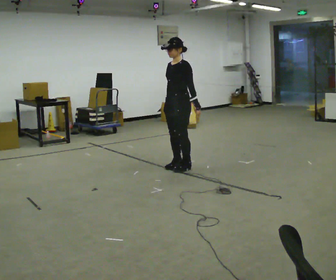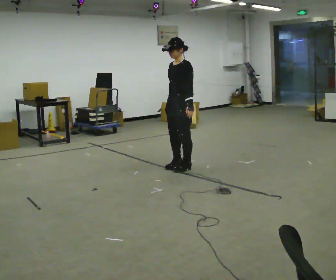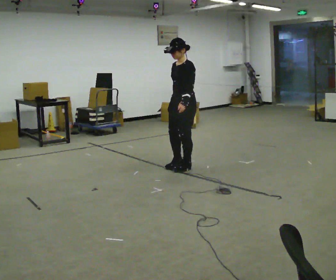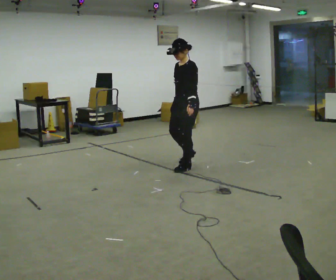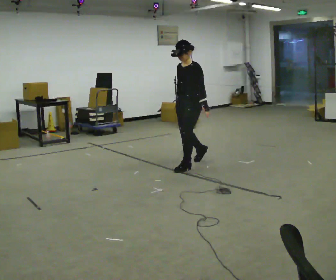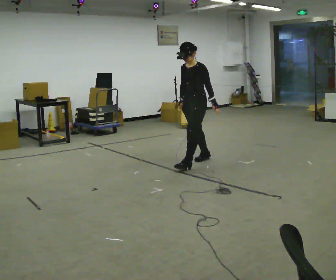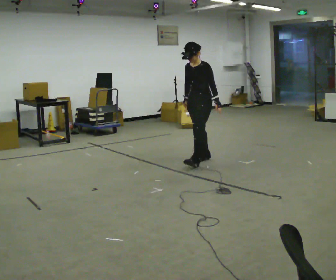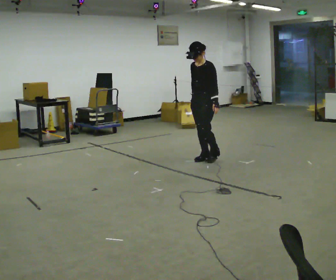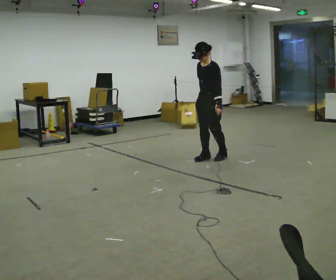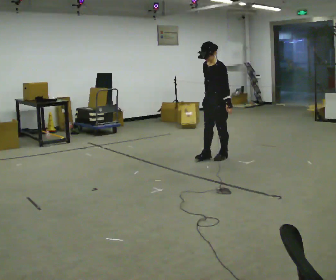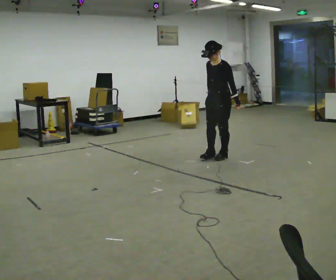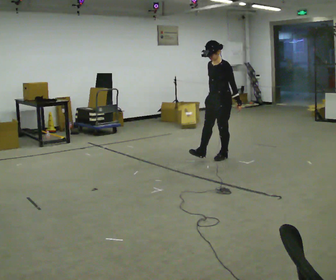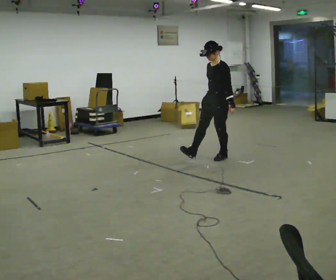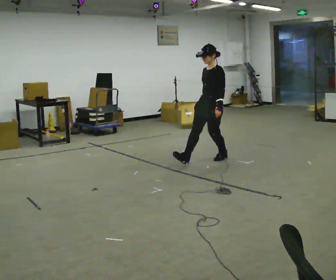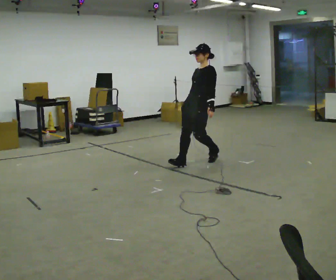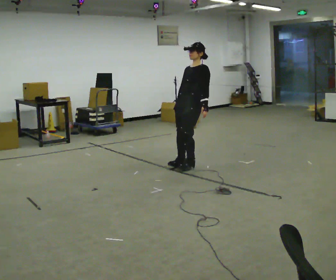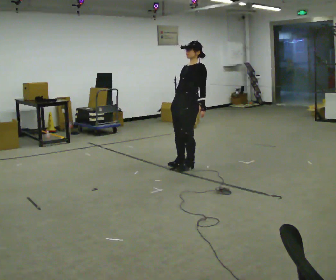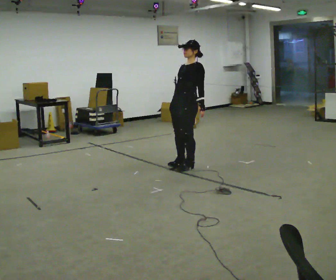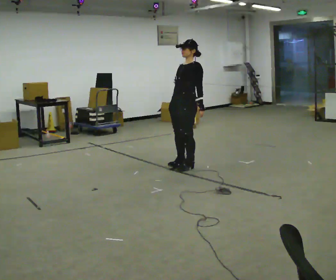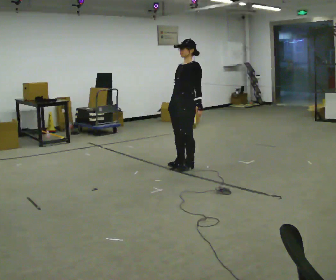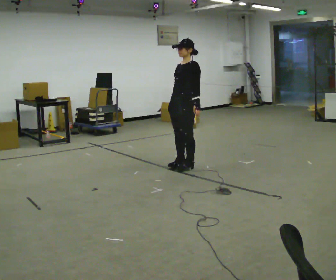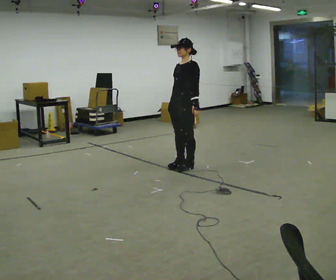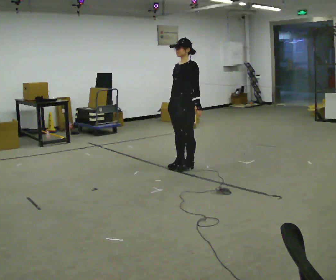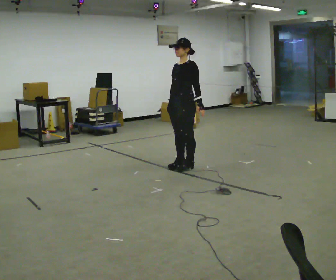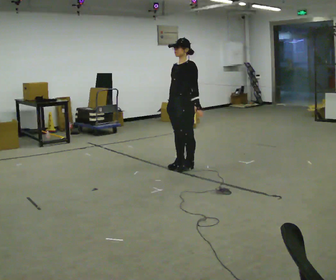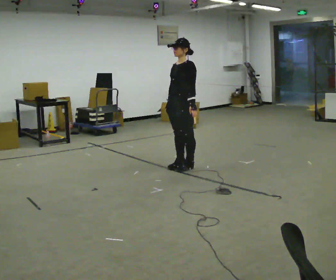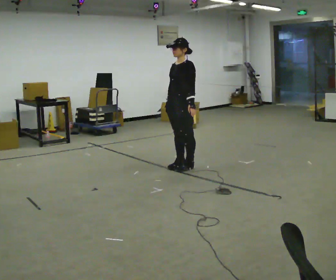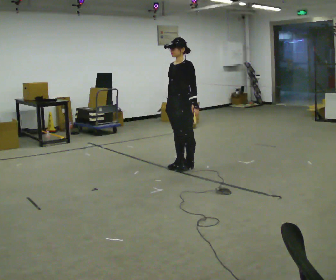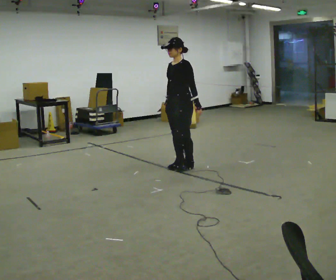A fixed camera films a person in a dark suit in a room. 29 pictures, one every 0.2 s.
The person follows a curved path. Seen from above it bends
clockwise.
0.0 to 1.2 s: In the picture they go away from the camera and to the right, about 0.5 m in 2 steps, which for them is backward.
1.2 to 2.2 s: In the picture they go to the right, about 0.25 m in 1 step, which for them is backward.
2.2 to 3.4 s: In the picture they go to the left and toward the camera, about 0.5 m in 1 step, which for them is forward. The upper body tips away from the camera, its near side rolling upward, as they lean back or straighten.
3.4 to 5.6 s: The person moves a little, or ends about where they began.
The film runs backward here.
